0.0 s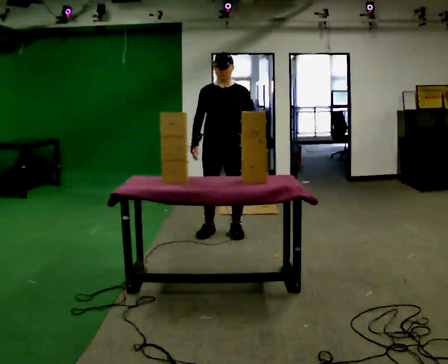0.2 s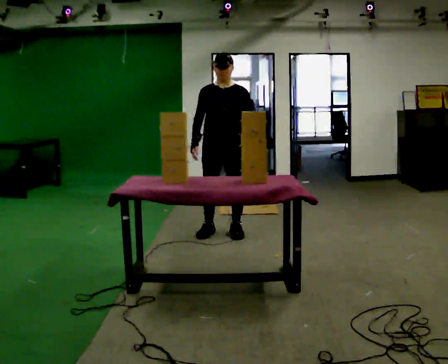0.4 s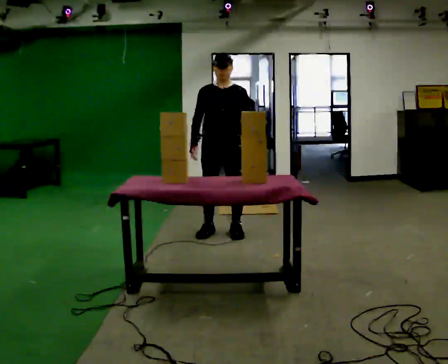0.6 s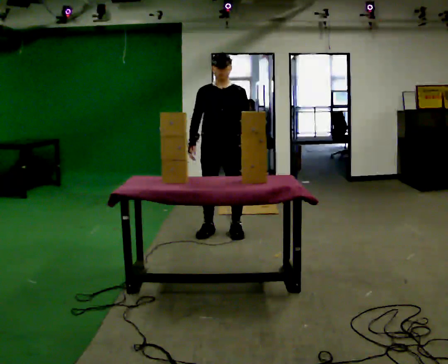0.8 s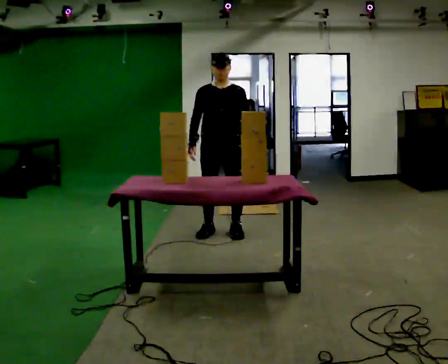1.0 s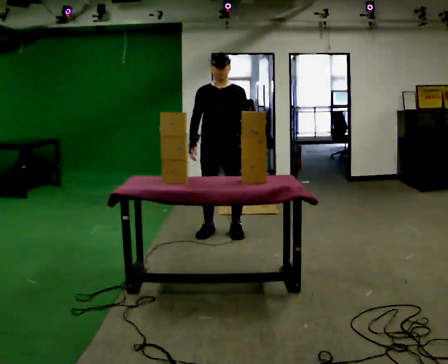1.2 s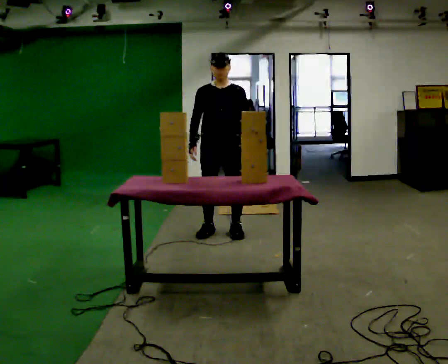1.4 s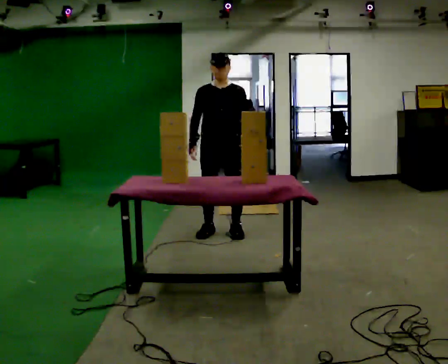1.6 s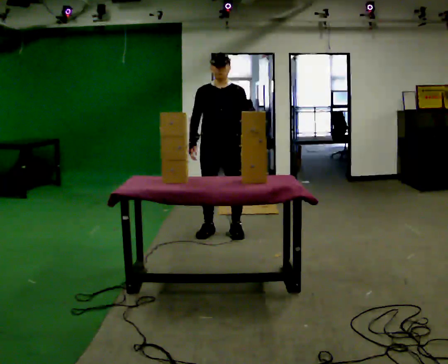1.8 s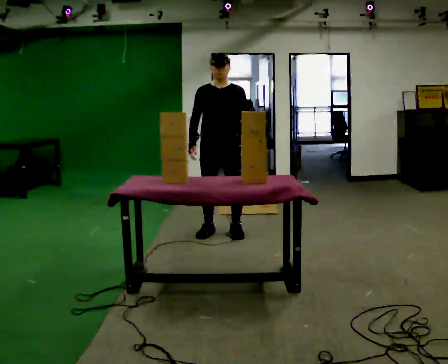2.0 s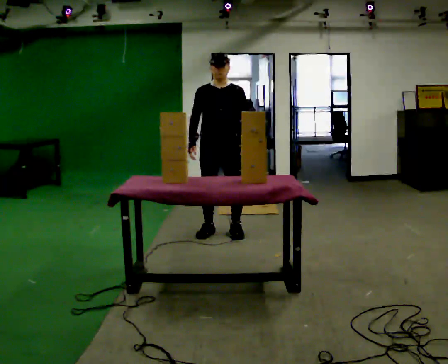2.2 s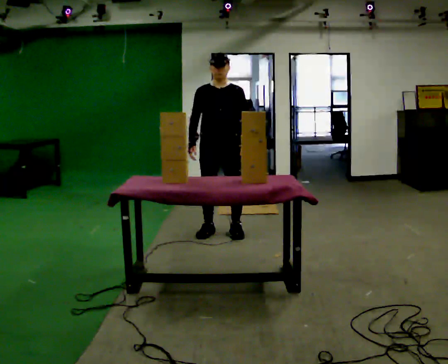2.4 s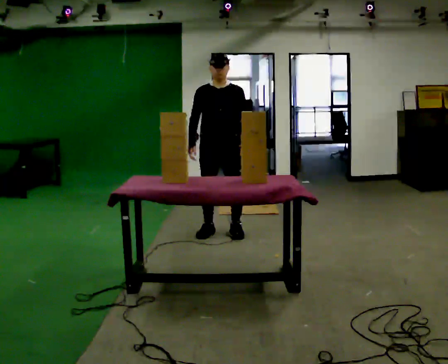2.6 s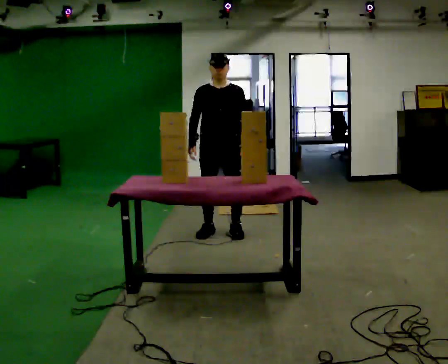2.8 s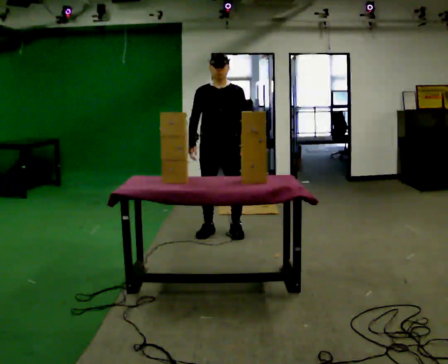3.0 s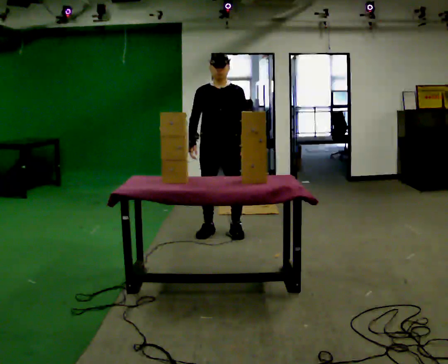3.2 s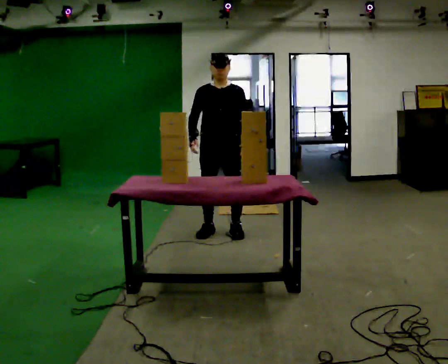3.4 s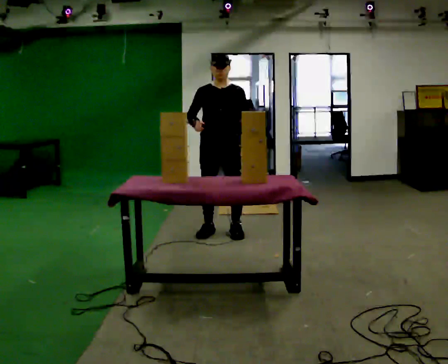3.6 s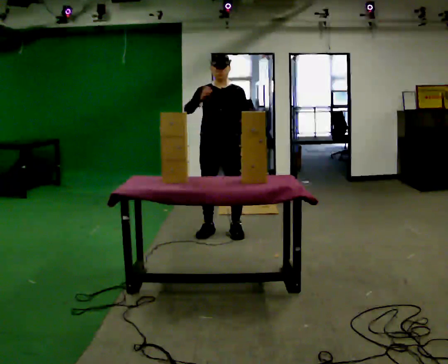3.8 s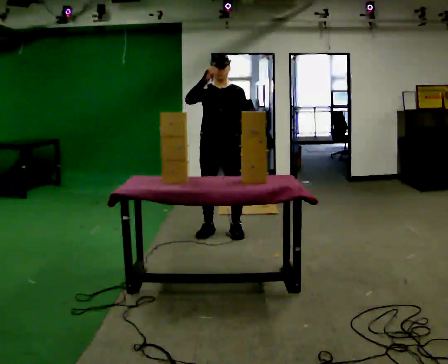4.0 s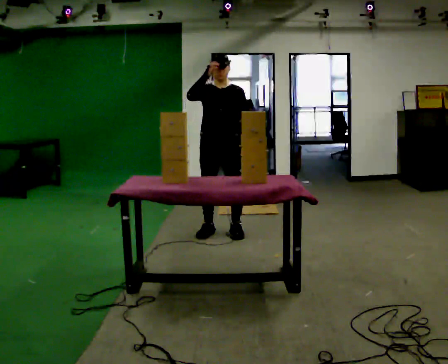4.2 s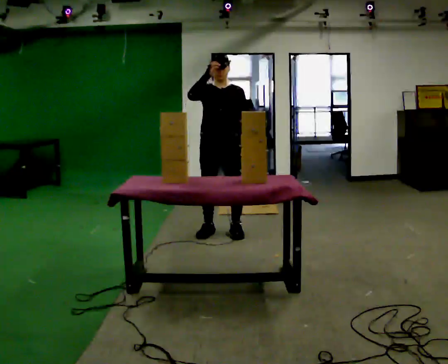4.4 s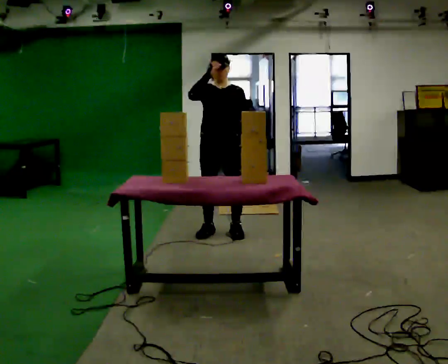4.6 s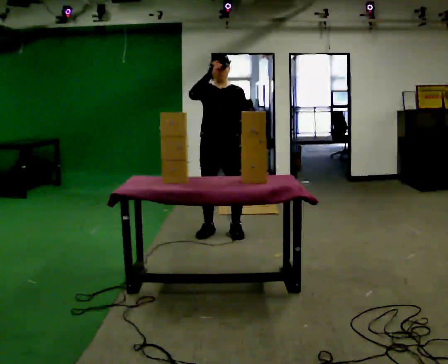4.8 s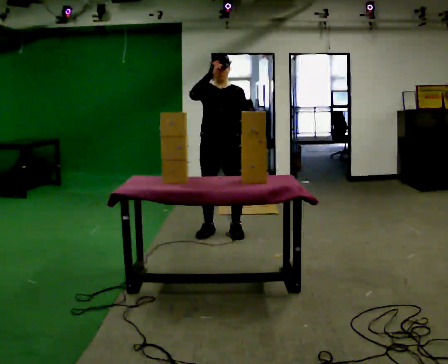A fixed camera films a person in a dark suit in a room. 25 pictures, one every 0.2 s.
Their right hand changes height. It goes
upward.
0.0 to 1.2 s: The person moves a little, or ends about where they began.
1.2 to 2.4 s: The person keeps their place and pose.
2.4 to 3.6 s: In the picture their right hand goes upward.
3.6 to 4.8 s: The person moves a little, or ends about where they began.
The film runs forward here.
